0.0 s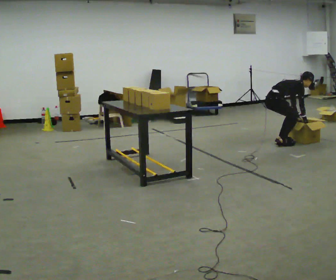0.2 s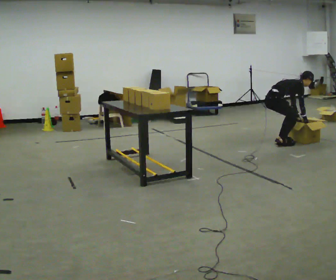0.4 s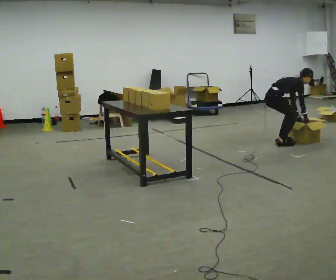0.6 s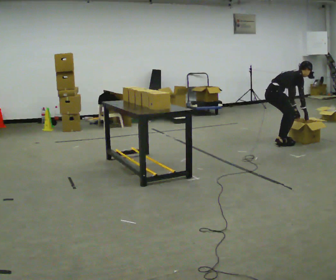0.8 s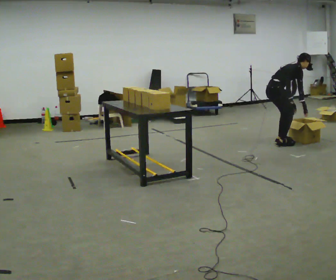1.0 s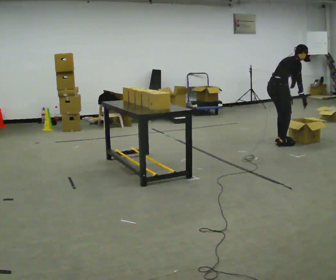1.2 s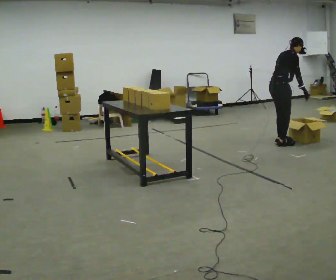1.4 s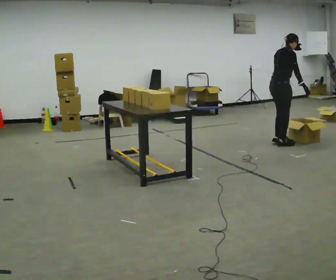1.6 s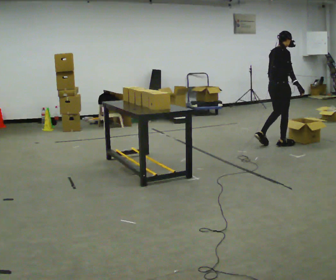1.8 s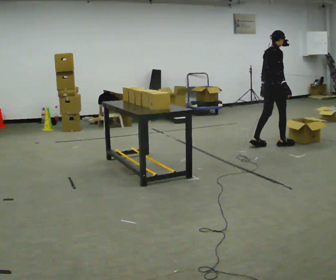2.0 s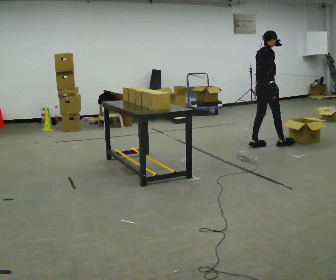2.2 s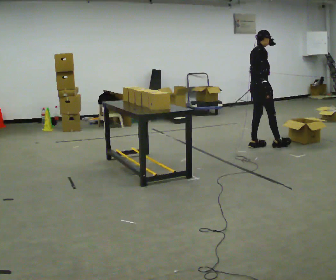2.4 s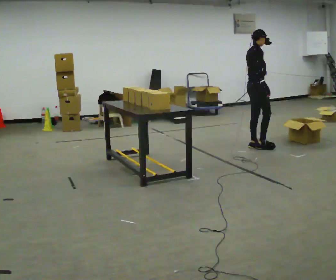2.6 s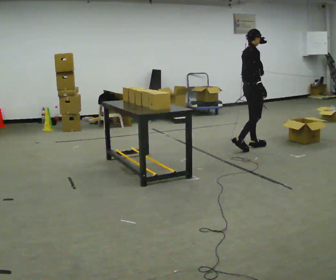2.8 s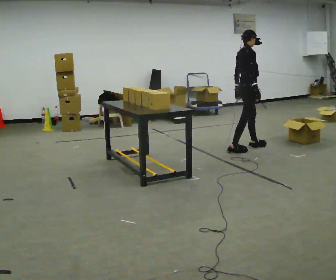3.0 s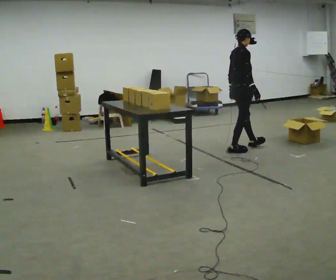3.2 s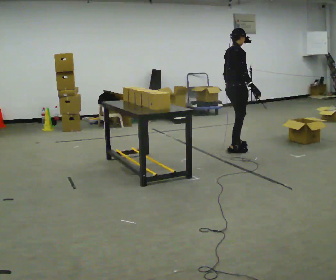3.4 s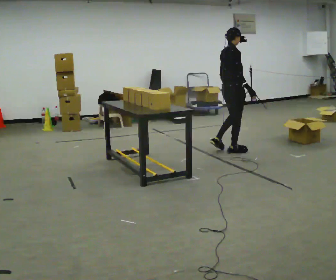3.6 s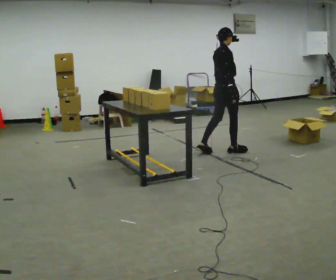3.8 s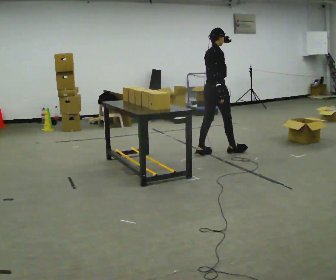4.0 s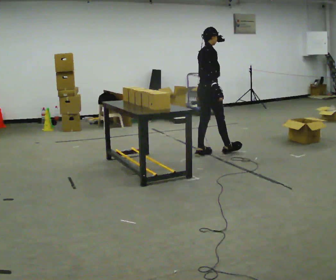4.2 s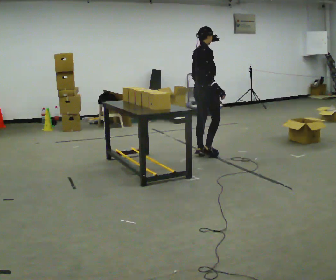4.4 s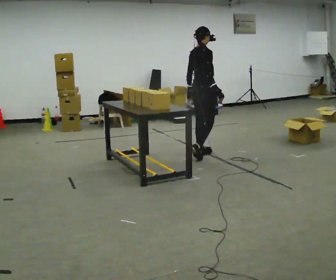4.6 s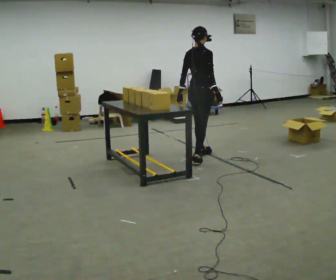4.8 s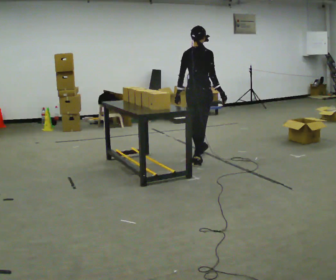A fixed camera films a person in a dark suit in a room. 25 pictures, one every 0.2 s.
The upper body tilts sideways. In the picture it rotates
counterclockwise.
The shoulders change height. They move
upward.
0.0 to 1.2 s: The shoulders move upward. In the picture the upper body tilts counterclockwise, shoulders to the left, as they lean back or straighten. In the picture their left hand goes upward.
1.2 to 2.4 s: In the picture they go to the left, about 0.25 m in 2 steps, which for them is backward. In the picture the upper body tilts counterclockwise, shoulders to the left, as they lean back or straighten.
2.4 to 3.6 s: In the picture they go to the left and toward the camera, about 0.5 m in 1 step, which for them is backward.
3.6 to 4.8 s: The person turns about 30 degrees to their left, counterclockwise seen from above, so the part of the body nearest the lens slides to the right. In the picture they go toward the camera and to the left, about 0.5 m in 2 steps, which for them is backward and to their right.
The film runs backward here.
